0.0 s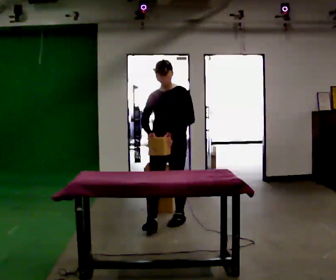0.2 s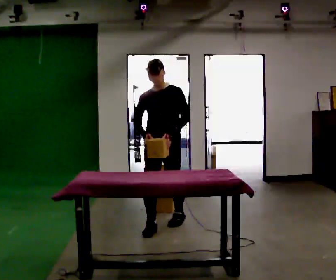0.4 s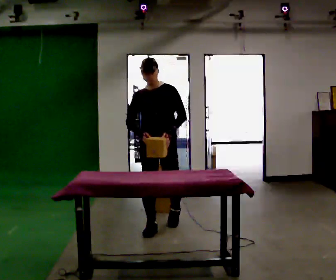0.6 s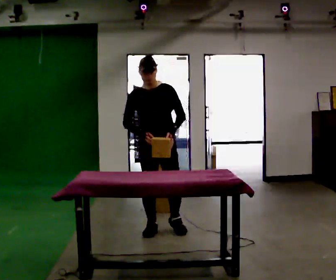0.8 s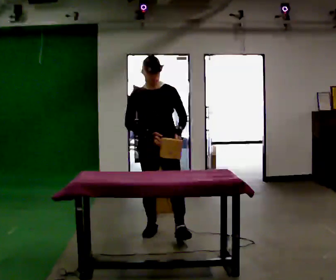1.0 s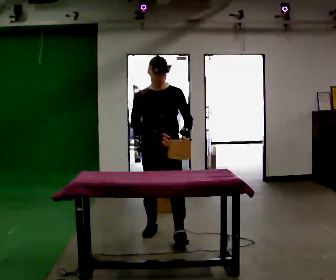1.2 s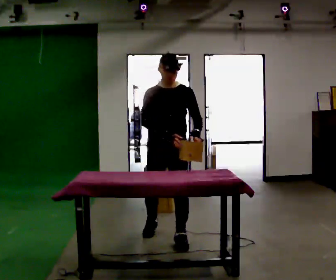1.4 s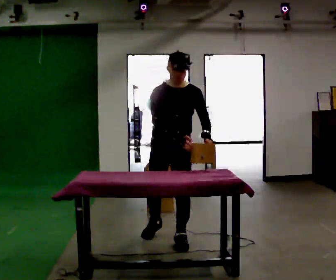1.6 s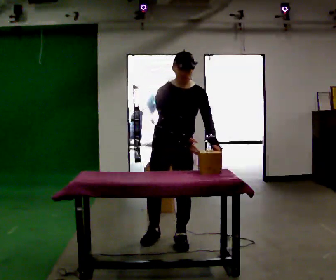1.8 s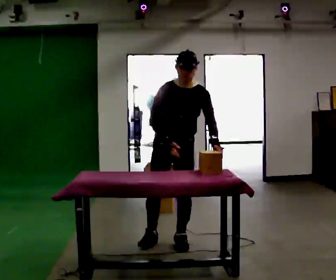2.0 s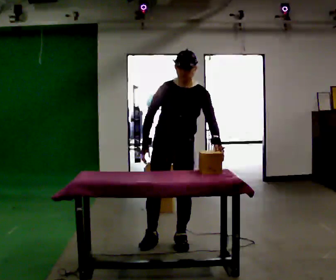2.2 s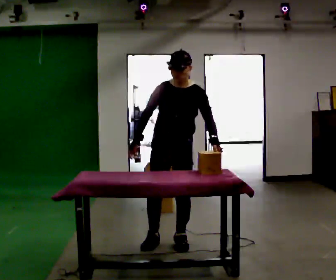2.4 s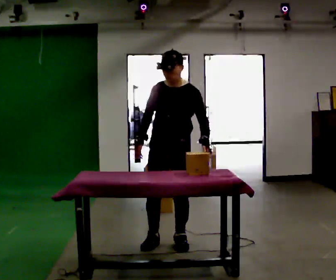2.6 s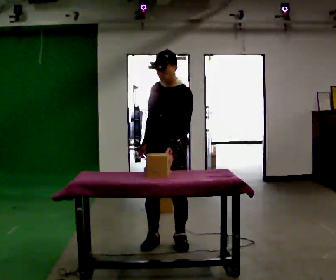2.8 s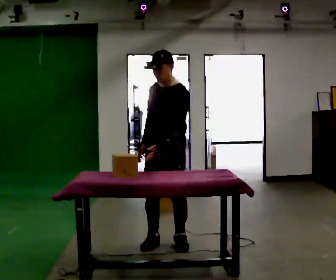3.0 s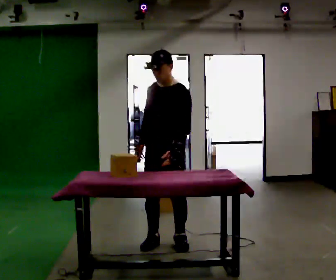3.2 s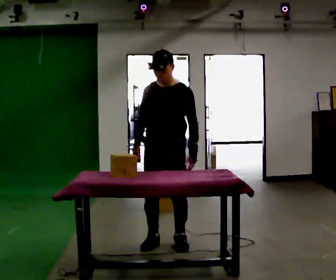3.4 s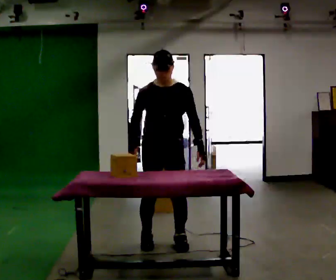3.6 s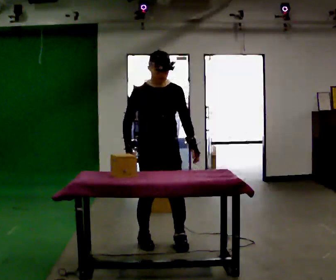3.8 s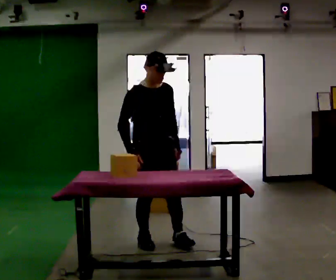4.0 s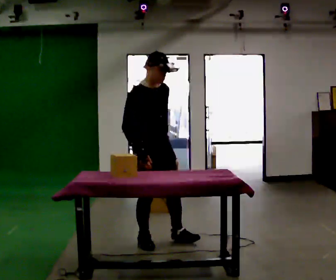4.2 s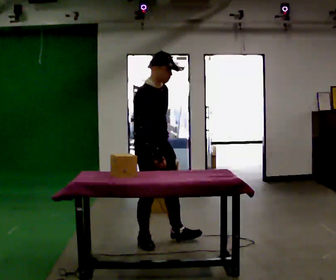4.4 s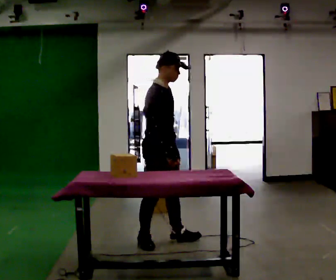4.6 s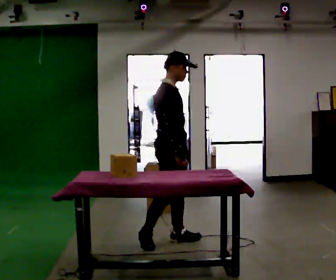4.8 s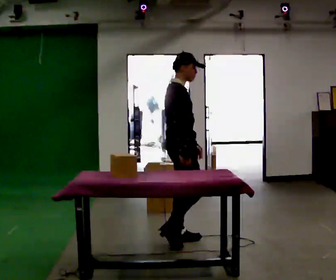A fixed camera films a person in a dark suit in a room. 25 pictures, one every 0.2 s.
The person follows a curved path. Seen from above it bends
counterclockwise.
0.0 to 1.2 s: In the picture they go toward the camera, about 0.5 m in 1 step, which for them is forward.
1.2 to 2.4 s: In the picture they go toward the camera, about 0.25 m in 1 step, which for them is forward.
2.4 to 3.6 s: Seen from above the body turns counterclockwise, about 45 degrees: to their left, with its near side sliding to the right.
3.6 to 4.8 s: The part of the body nearest the lens slides to the right as the person turns to their left by about 75 degrees. In the picture they go to the right, about 0.25 m. In the picture their right hand goes to the right.
The film runs forward here.
